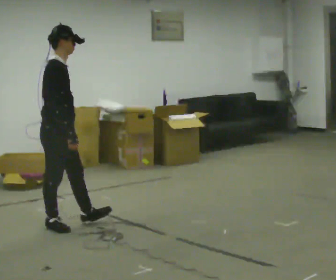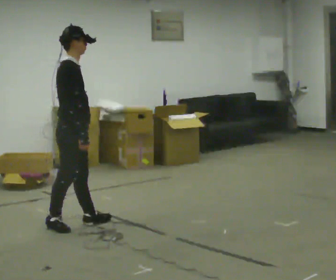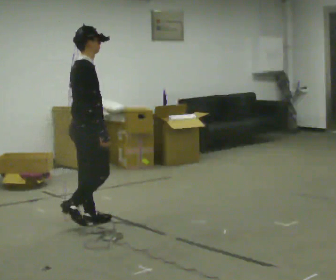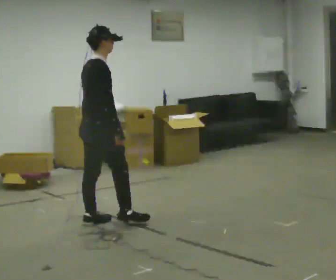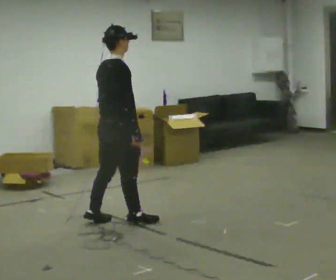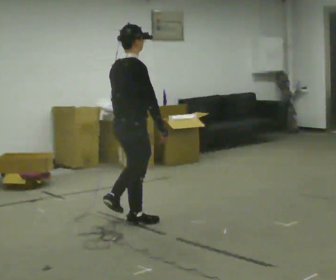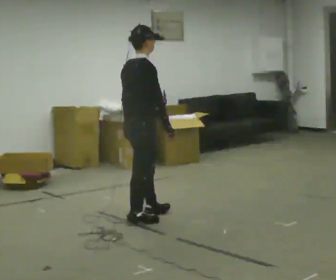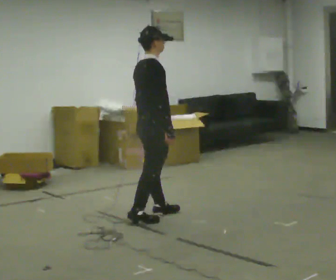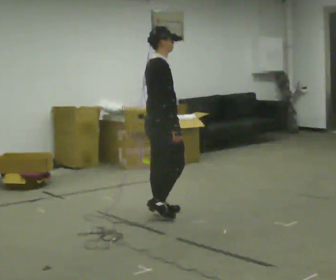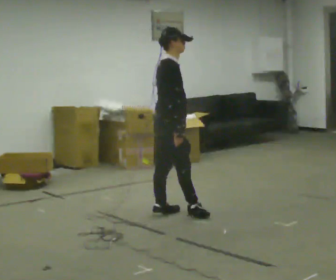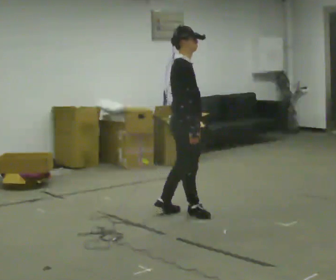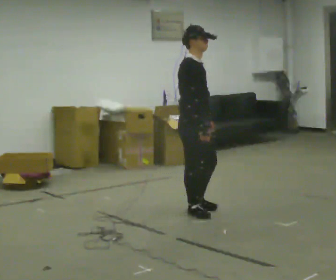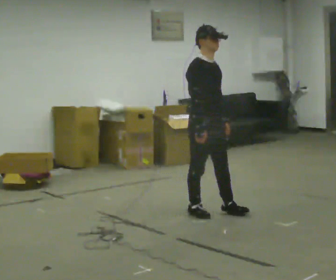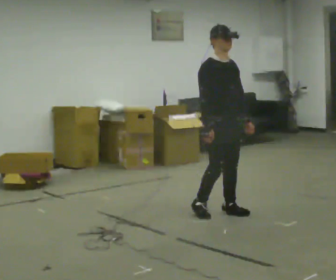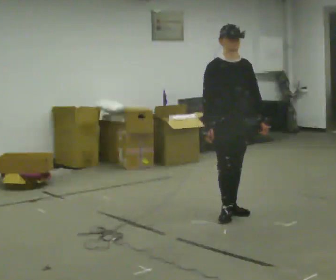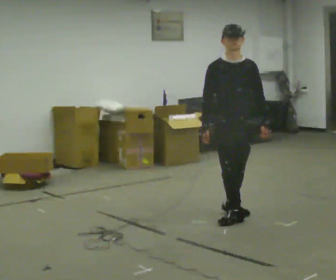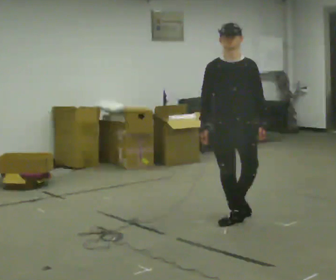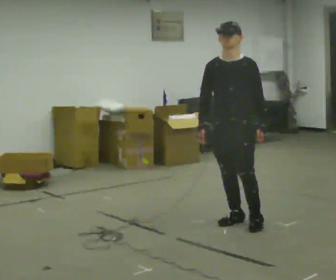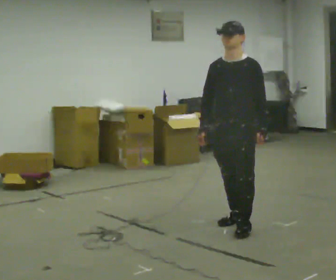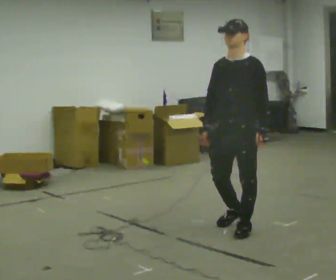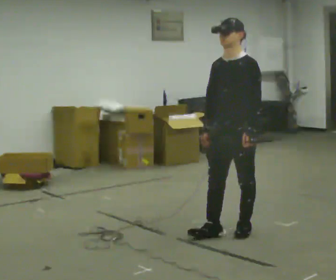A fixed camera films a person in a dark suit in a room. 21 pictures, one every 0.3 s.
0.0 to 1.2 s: The part of the body nearest the lens slides to the right as the person turns to their left by about 30 degrees. In the picture they go to the right, about 0.5 m in 2 steps, which for them is forward.
1.2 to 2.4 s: In the picture they go to the right and away from the camera, about 0.5 m in 1 step, which for them is forward.
2.4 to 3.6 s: The person turns about 45 degrees to their right, clockwise seen from above, so the part of the body nearest the lens slides to the left. In the picture they go to the right, about 0.5 m in 2 steps, which for them is forward.
3.6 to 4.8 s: The person turns about 60 degrees to their right, clockwise seen from above, so the part of the body nearest the lens slides to the left. In the picture they go toward the camera and to the right, about 0.25 m in 1 step, which for them is forward and to their left.
4.8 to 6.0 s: The part of the body nearest the lens slides to the left as the person turns to their right by about 45 degrees. In the picture they go toward the camera, about 0.5 m in 1 step, which for them is forward and to their left.
The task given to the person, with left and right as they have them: Walk forward; gradually curve left/right; straighten out.
The film runs forward here.
